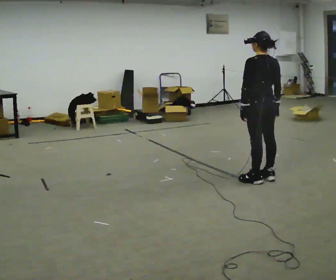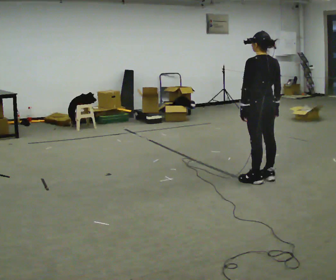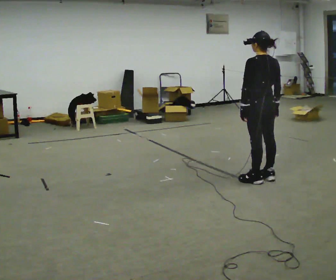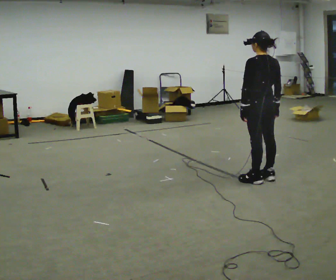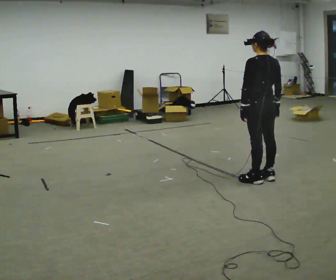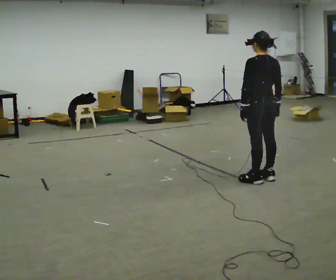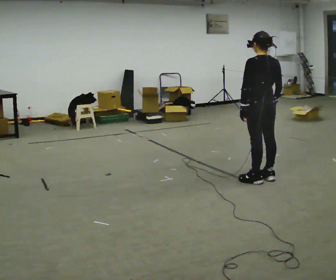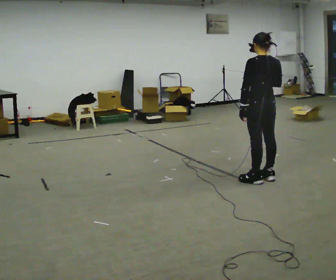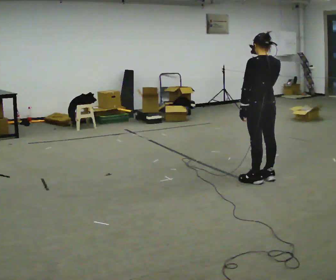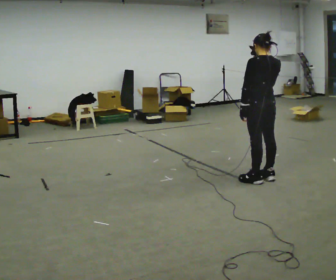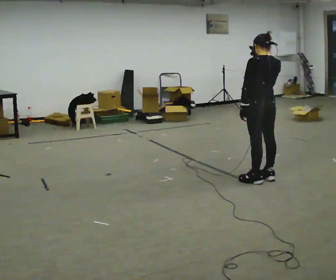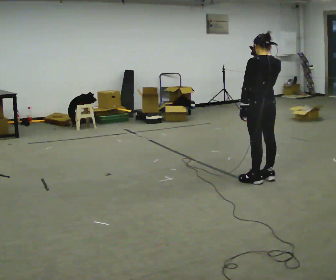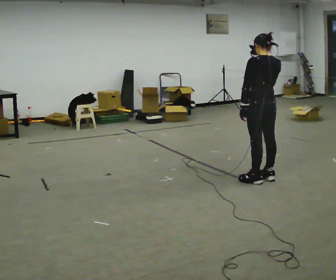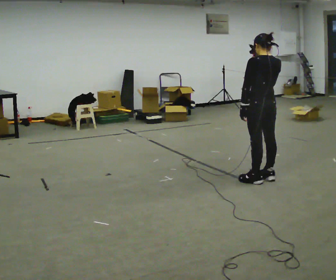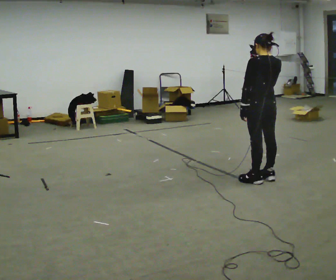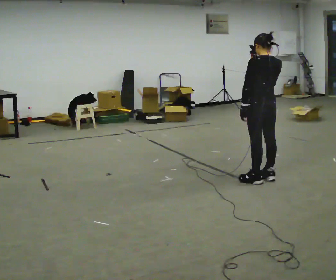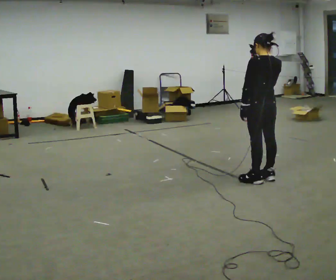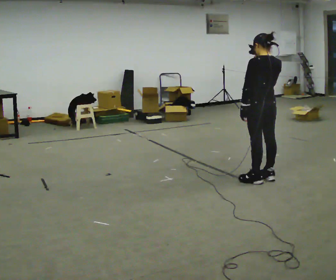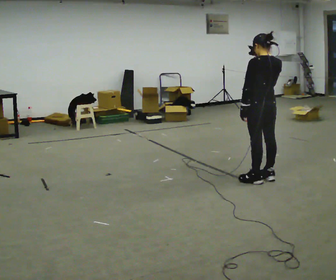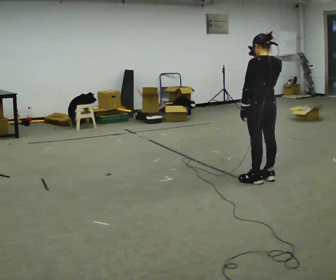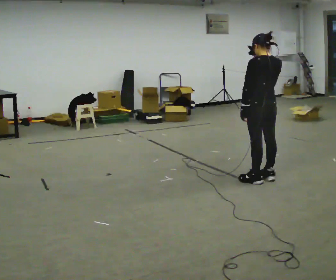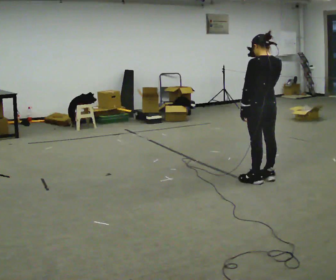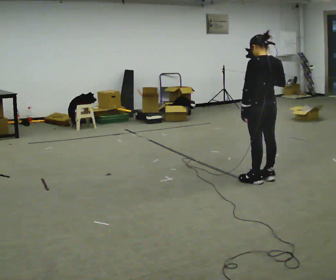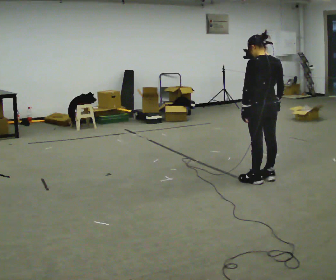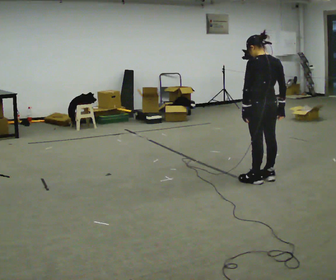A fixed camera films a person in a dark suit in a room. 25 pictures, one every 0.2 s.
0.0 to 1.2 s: The person moves a little, or ends about where they began.
1.2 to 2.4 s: In the picture their right hand goes upward.
2.4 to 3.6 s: The person moves a little, or ends about where they began.
3.6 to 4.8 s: In the picture their right hand goes downward.
The film runs forward here.
